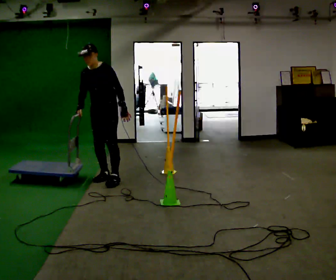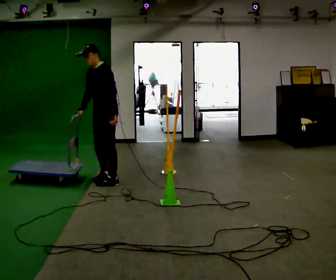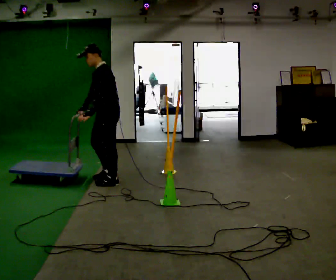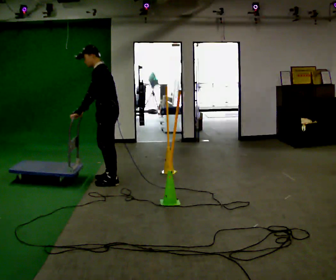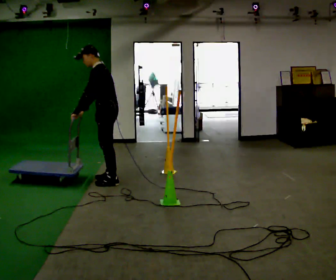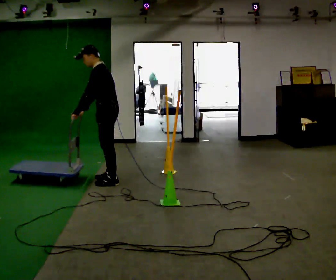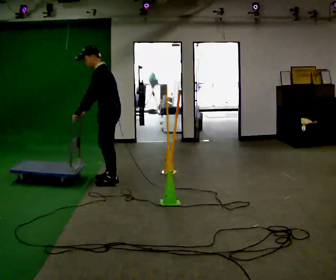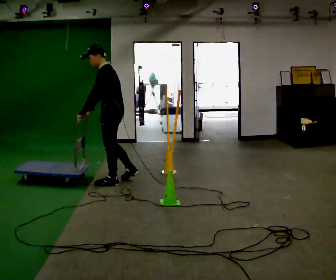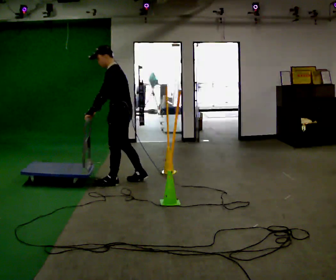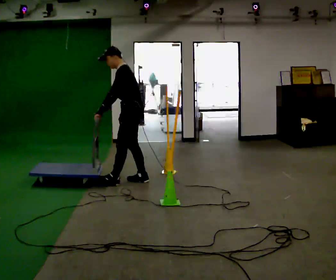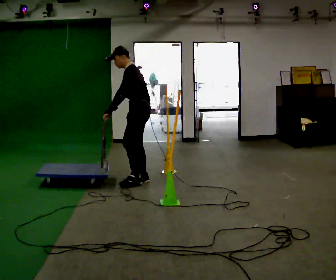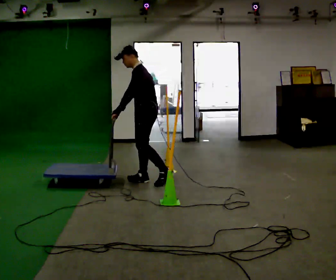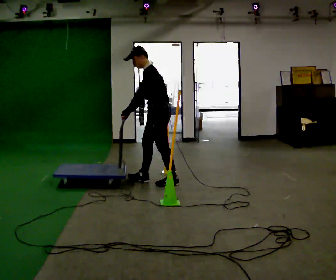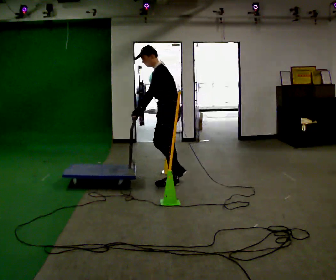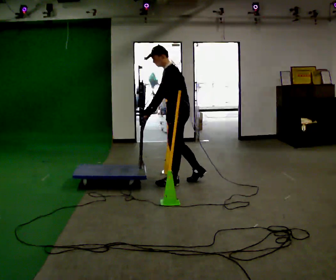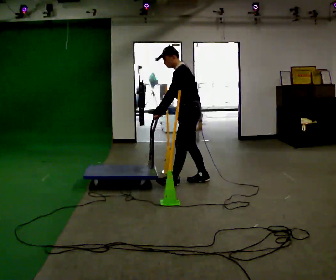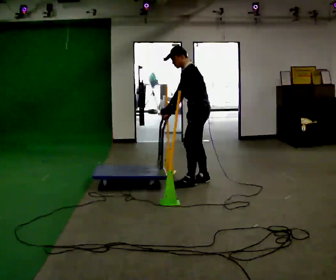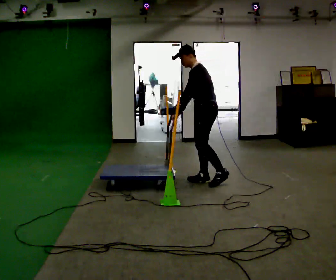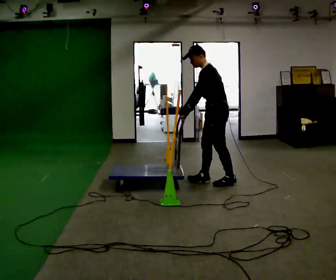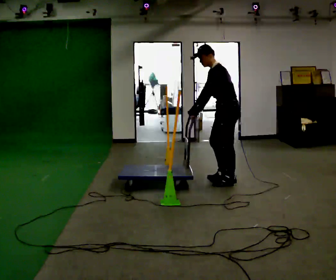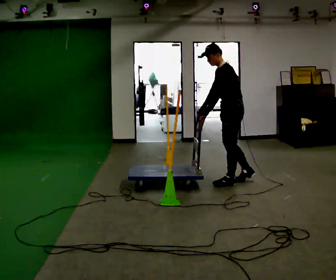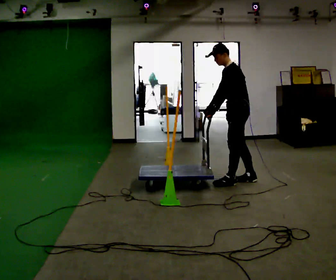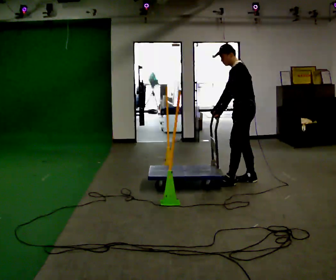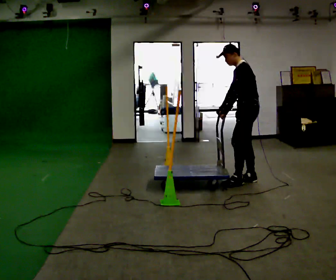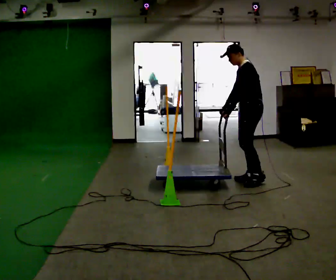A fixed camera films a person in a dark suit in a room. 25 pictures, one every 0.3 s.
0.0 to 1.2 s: Seen from above the body turns clockwise, about 60 degrees: to their right, with its near side sliding to the left. In the picture their left hand goes to the left, the arm swinging clockwise.
1.2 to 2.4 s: In the picture they go to the right, about 0.25 m in 1 step, which for them is backward.
2.4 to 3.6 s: In the picture they go to the right, about 0.5 m in 2 steps, which for them is backward.
3.6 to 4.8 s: In the picture they go to the right, about 0.5 m in 1 step, which for them is backward.
4.8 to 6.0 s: In the picture they go to the right, about 0.5 m in 1 step, which for them is backward.
6.0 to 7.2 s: In the picture they go to the right, about 0.25 m in 1 step, which for them is backward.
The film runs backward here.
